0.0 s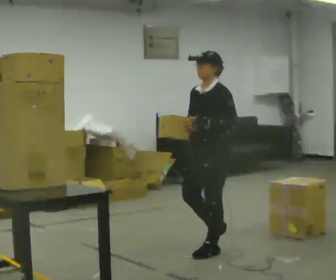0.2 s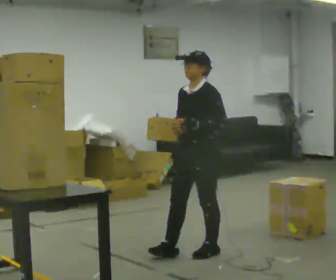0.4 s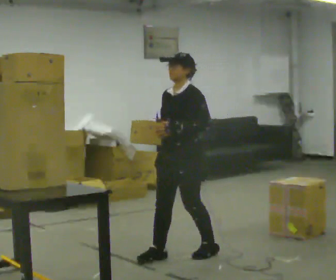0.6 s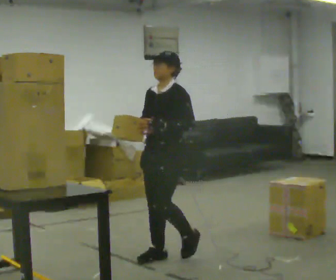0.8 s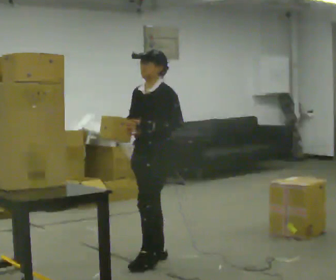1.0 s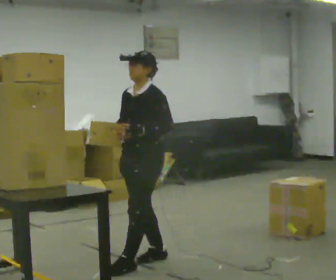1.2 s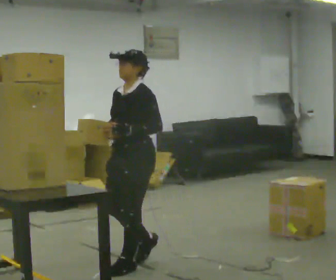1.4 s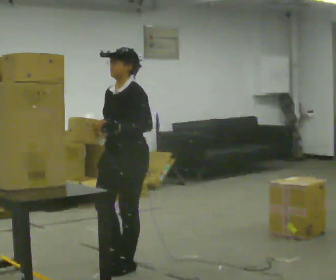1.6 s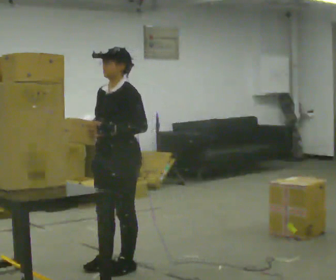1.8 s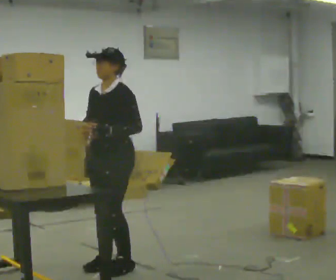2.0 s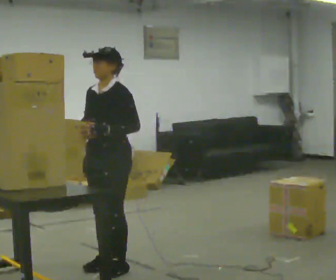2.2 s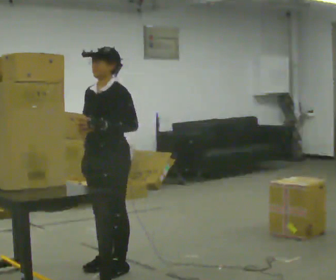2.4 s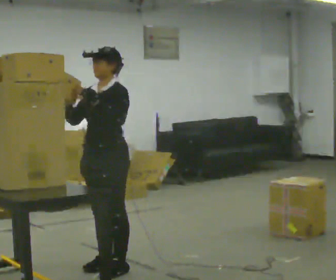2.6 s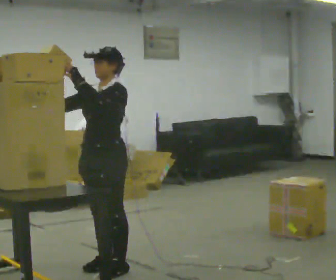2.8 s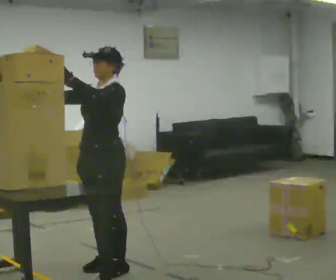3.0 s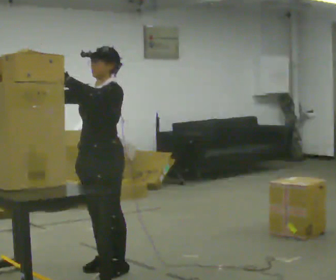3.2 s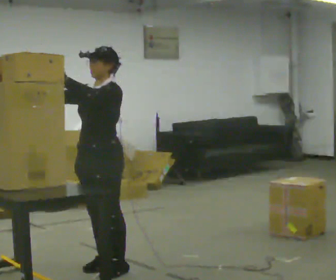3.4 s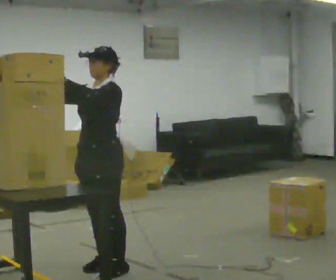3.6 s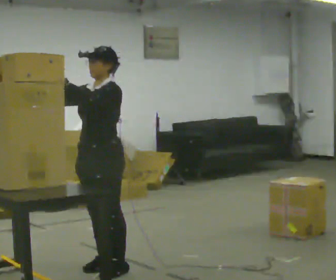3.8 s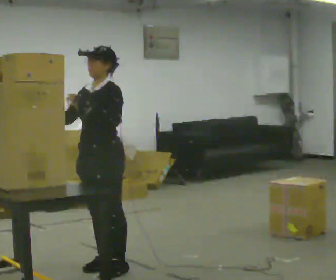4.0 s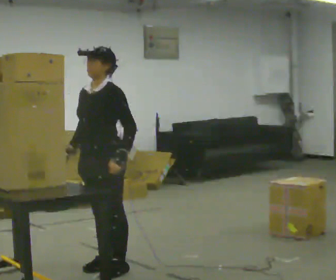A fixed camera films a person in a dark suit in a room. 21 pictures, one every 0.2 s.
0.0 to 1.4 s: In the picture they go to the left and toward the camera, about 0.5 m in 2 steps, which for them is forward.
1.4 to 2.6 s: In the picture they go to the left, about 0.25 m in 1 step, which for them is forward. In the picture their right hand goes upward, the arm swinging clockwise.
2.6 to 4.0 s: In the picture their left hand goes downward and to the right.
The film runs forward here.
